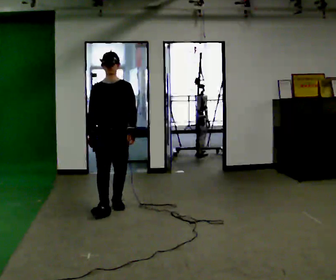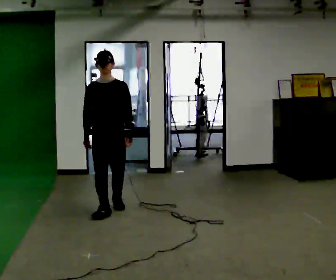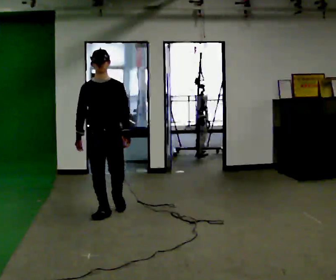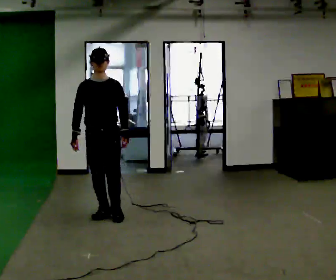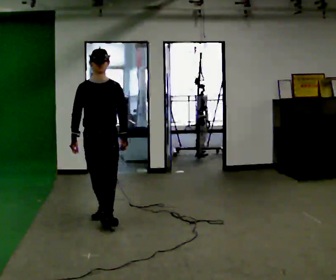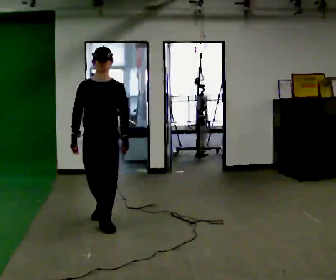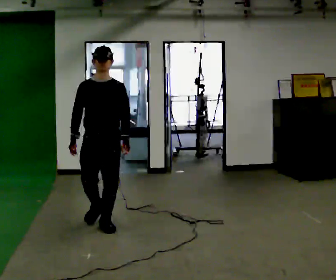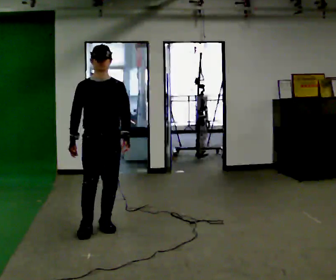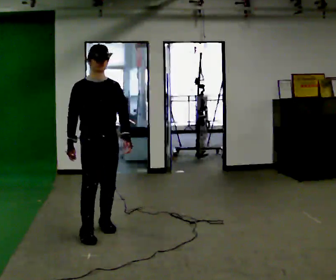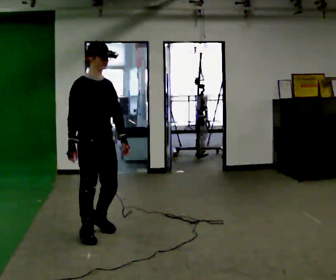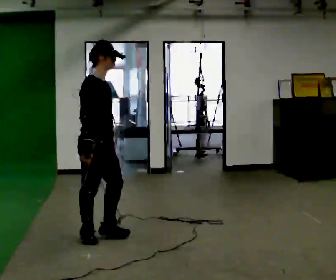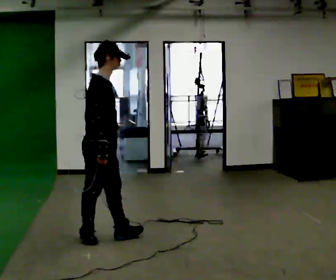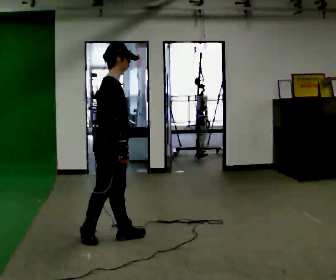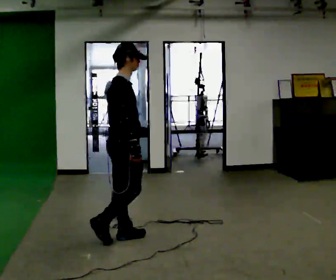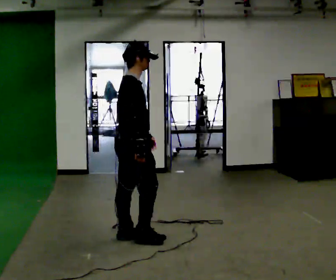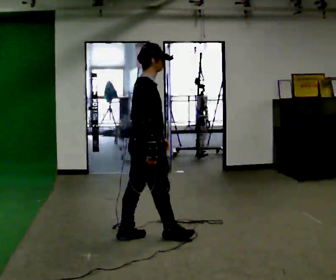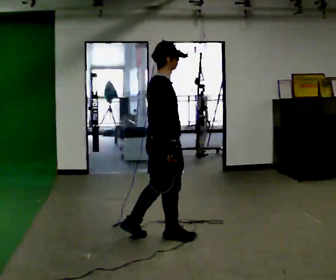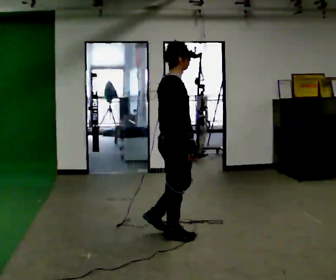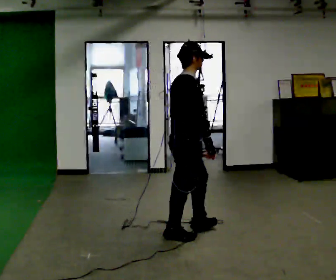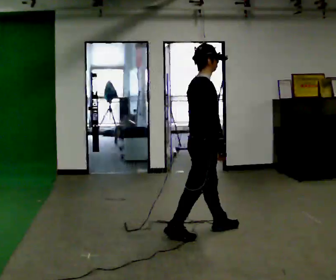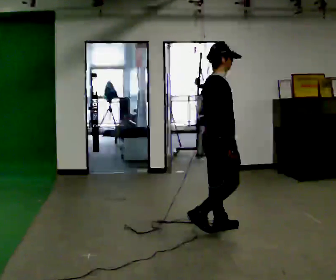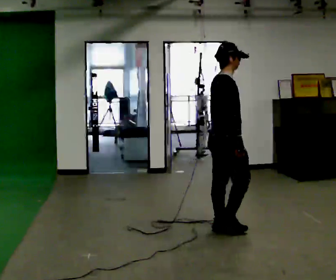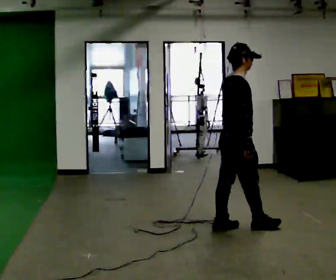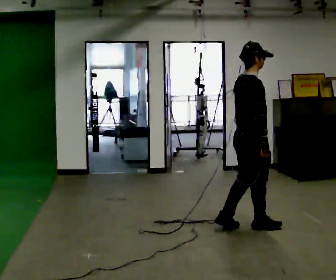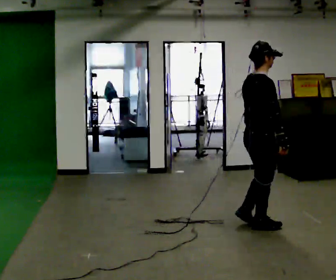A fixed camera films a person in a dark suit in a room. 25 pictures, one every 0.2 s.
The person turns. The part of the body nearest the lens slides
to the right.
The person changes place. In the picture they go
to the right.
0.0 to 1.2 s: In the picture they go toward the camera, about 0.5 m in 2 steps, which for them is forward.
1.2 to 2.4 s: The person turns about 90 degrees to their left, counterclockwise seen from above, so the part of the body nearest the lens slides to the right. In the picture they go toward the camera, about 0.5 m in 2 steps.
2.4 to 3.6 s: In the picture they go to the right, about 0.75 m in 1 step, which for them is forward.
3.6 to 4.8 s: In the picture they go to the right, about 0.75 m in 2 steps, which for them is forward.
The film runs forward here.
